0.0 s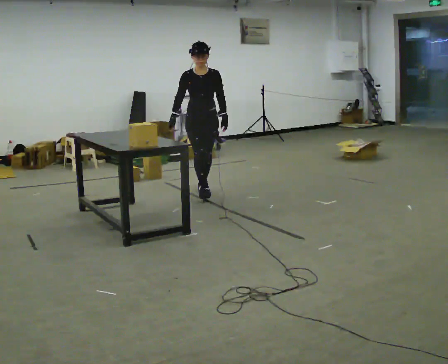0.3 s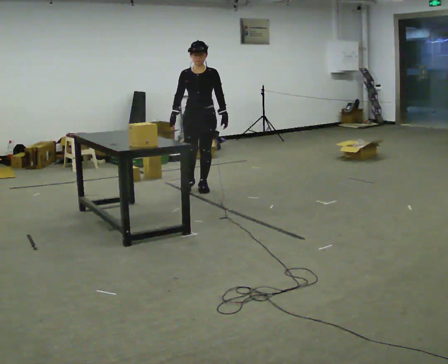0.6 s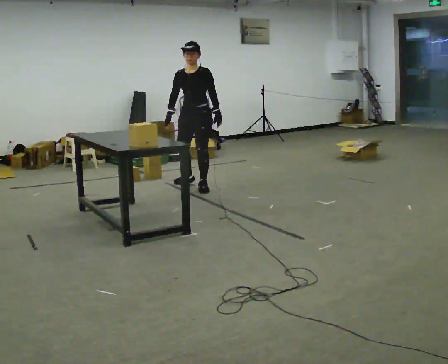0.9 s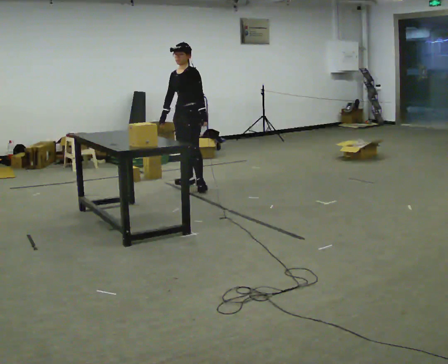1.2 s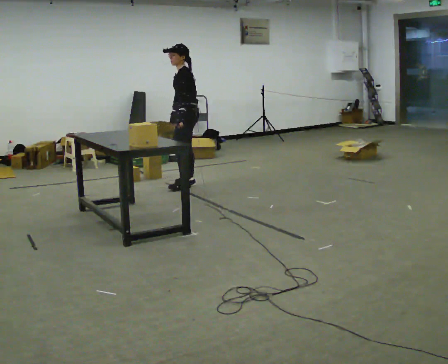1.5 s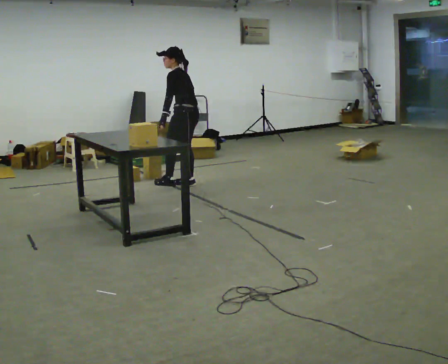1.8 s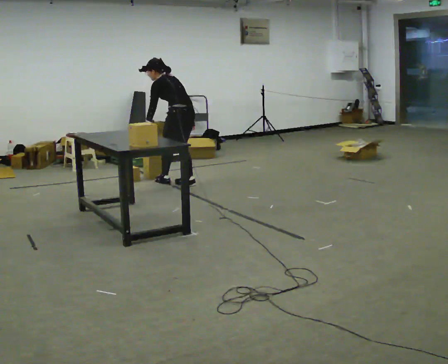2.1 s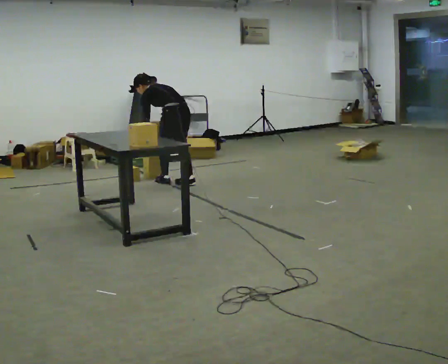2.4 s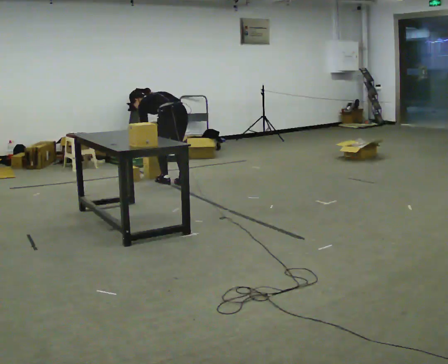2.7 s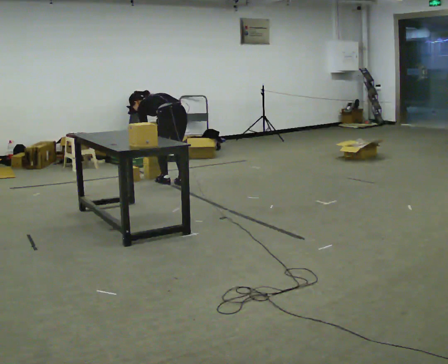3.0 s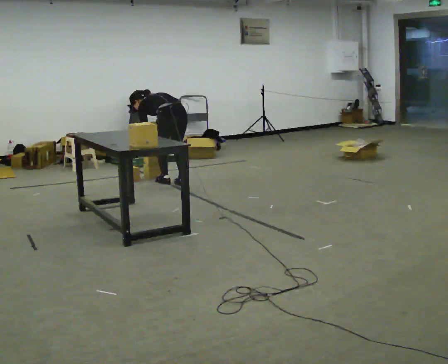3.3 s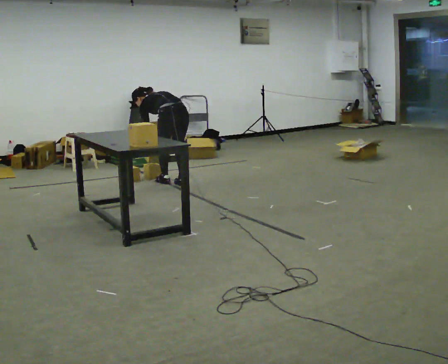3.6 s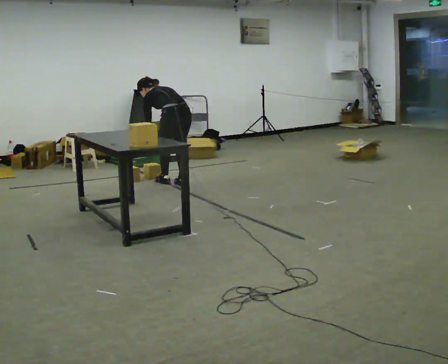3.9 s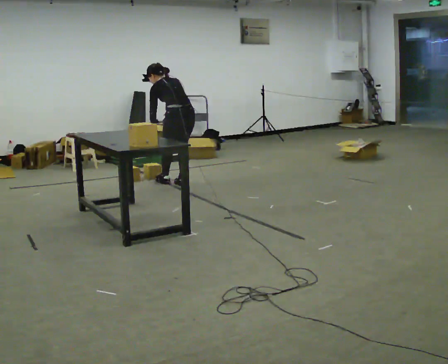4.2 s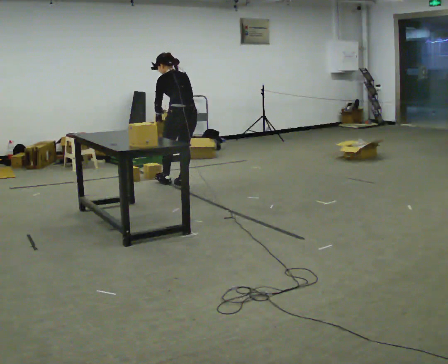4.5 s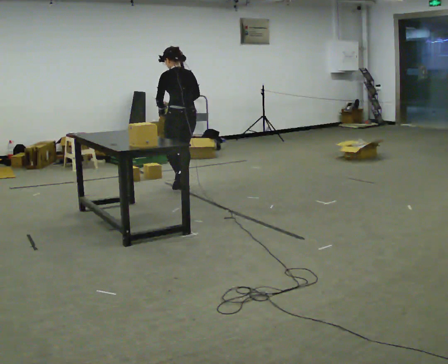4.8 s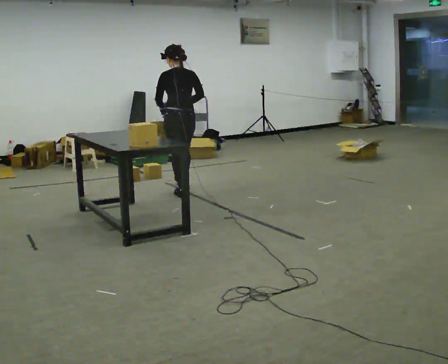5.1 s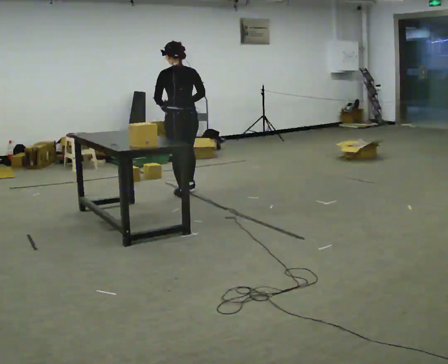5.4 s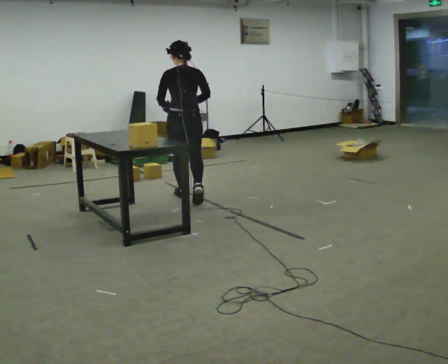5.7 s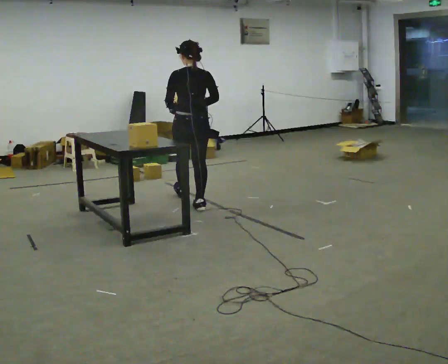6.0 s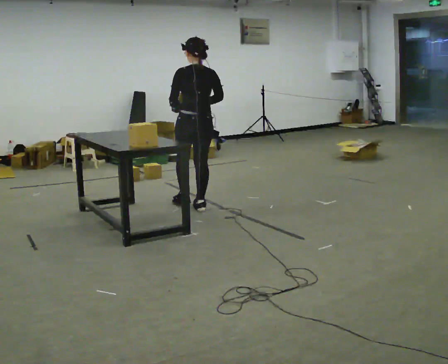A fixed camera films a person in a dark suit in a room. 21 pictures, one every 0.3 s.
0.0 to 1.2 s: The person turns about 90 degrees to their right, clockwise seen from above, so the part of the body nearest the lens slides to the left. In the picture they go away from the camera, about 0.5 m in 1 step.
1.2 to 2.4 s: The part of the body nearest the lens slides to the left as the person turns to their right by about 60 degrees. In the picture they go to the left, about 0.25 m, which for them is forward. The upper body goes downward. The upper body tips away from the camera, its near side rolling upward, as they bend forward. In the picture their left hand goes to the left and downward.
2.4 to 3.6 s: The person moves a little, or ends about where they began.
3.6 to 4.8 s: In the picture they go toward the camera, about 0.25 m in 1 step, which for them is backward. The upper body goes upward. The upper body tips toward the camera, its near side rolling downward, as they lean back or straighten. In the picture their left hand goes upward.
4.8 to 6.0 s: In the picture they go toward the camera, about 0.75 m in 2 steps, which for them is backward.
The film runs backward here.
